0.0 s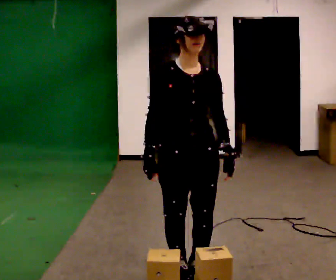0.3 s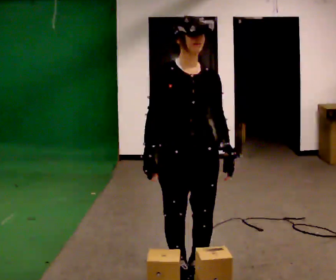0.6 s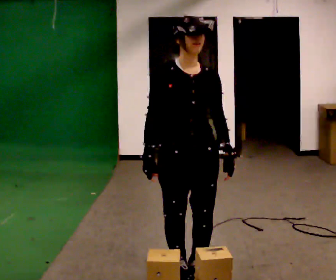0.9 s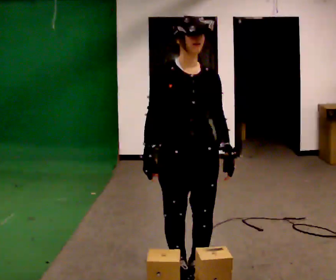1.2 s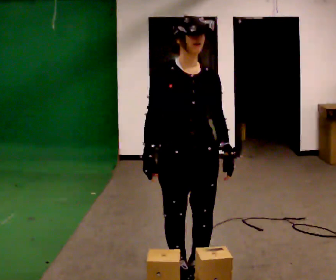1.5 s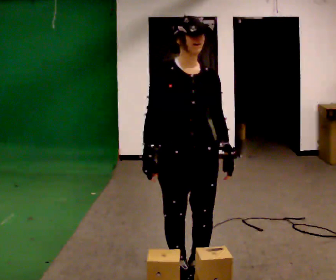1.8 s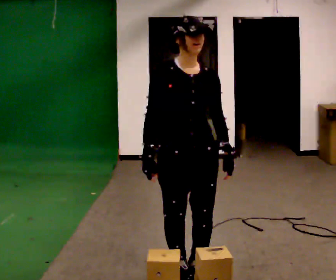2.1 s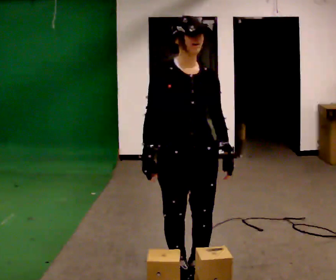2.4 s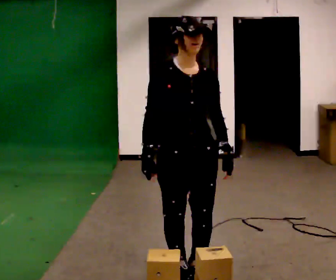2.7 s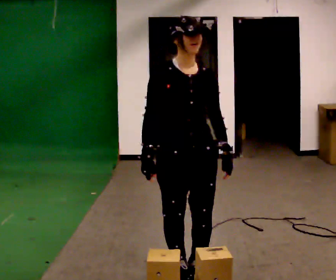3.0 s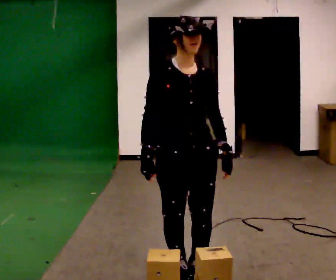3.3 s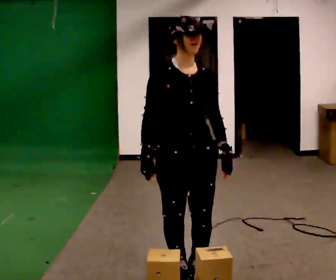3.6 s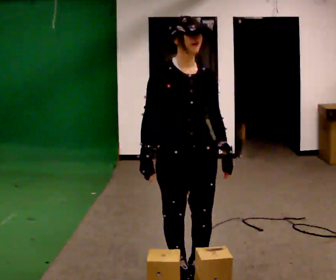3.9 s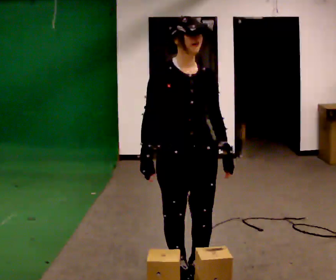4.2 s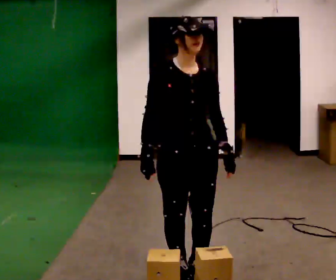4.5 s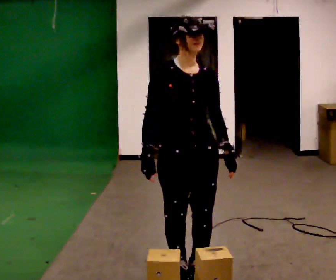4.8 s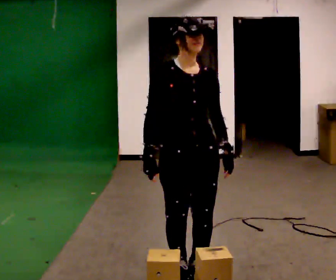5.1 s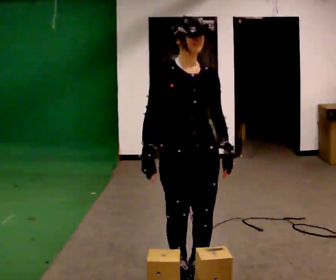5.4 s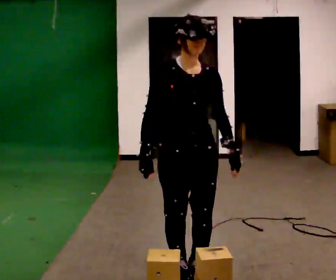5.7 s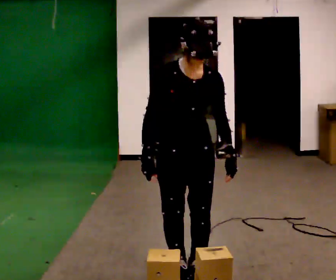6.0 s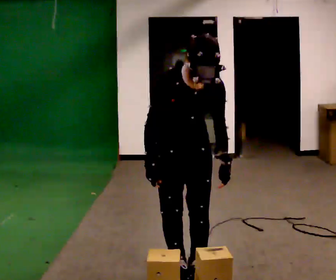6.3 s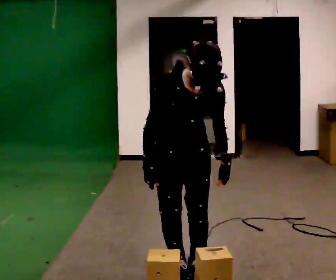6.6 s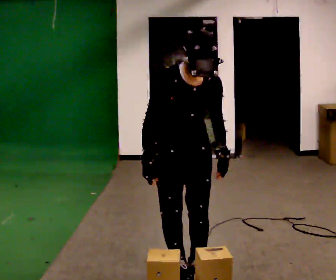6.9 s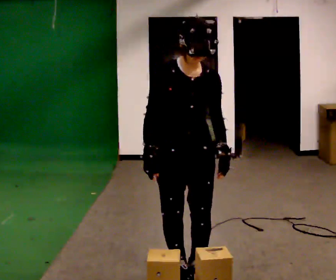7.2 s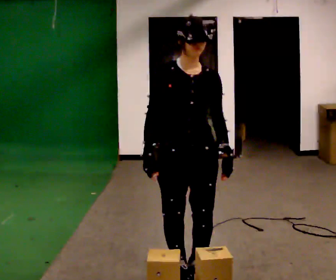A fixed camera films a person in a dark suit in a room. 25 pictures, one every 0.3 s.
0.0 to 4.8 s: The person moves a little, or ends about where they began.
4.8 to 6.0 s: The upper body tips toward the camera, its near side rolling downward, as they bend forward.
6.0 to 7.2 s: The upper body tips away from the camera, its near side rolling upward, as they lean back or straighten.
The film runs backward here.
